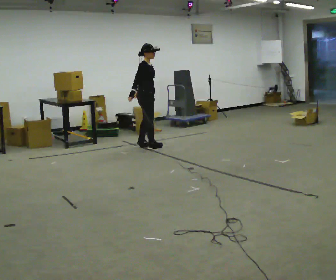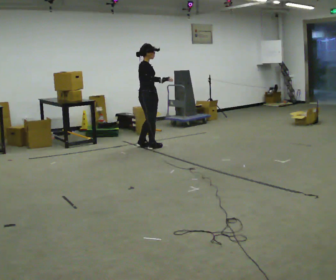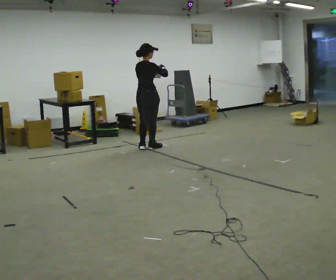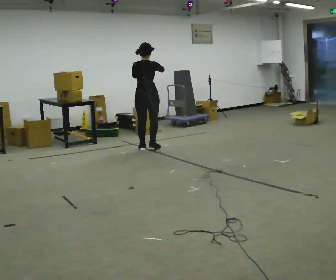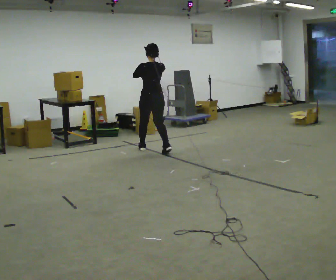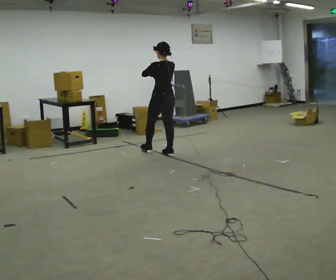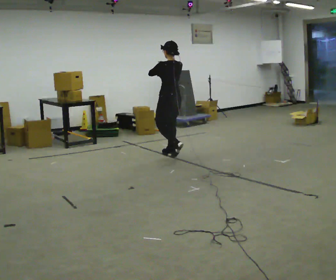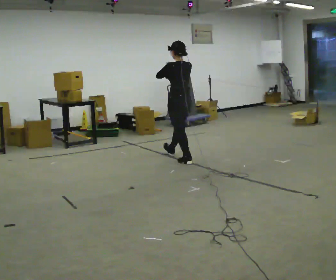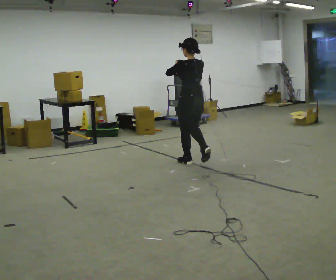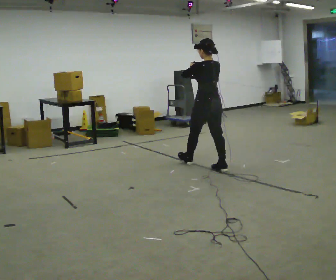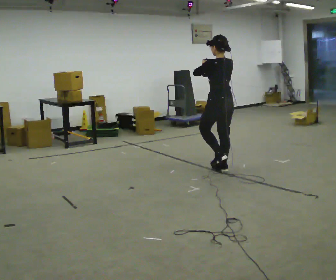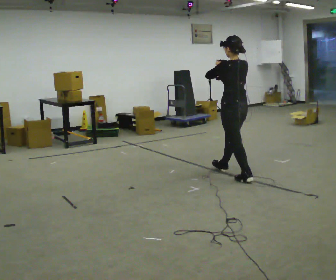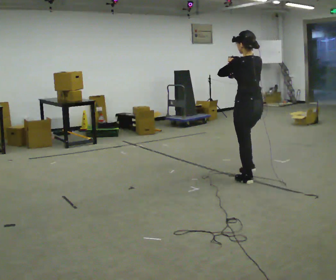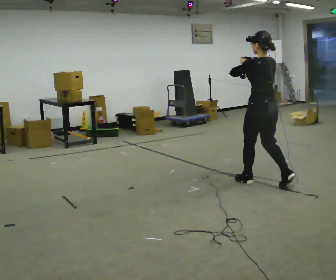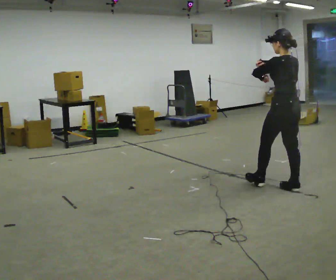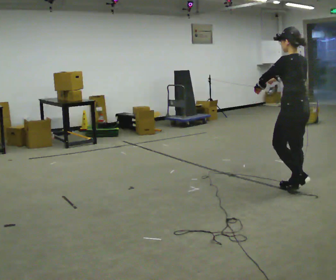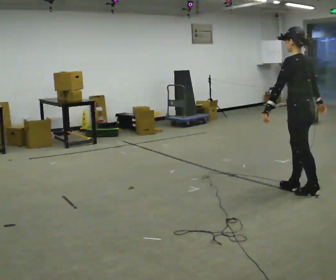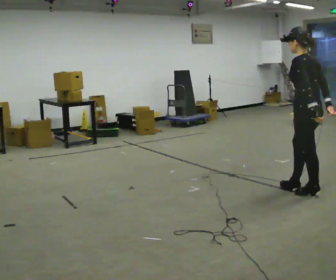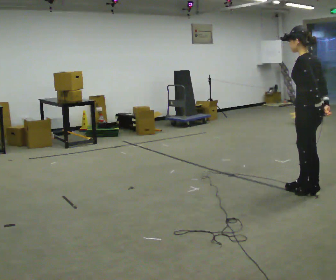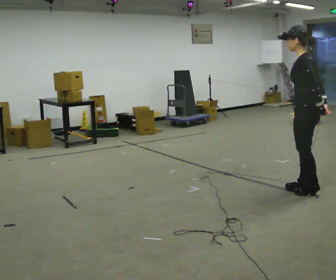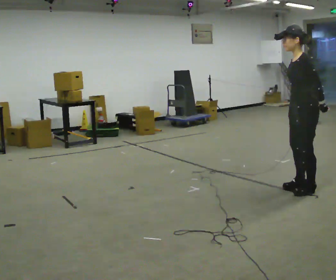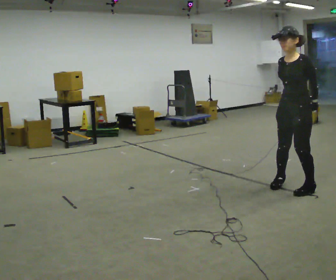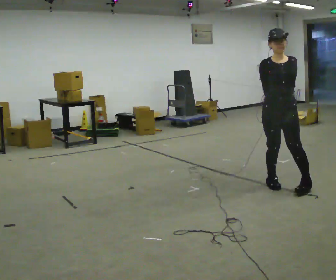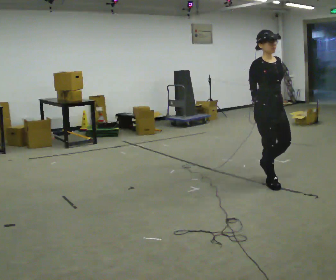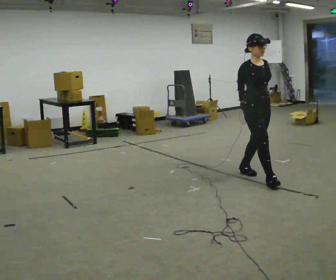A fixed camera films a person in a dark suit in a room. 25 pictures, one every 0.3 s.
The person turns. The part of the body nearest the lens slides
to the right.
The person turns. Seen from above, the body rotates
counterclockwise.
0.0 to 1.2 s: Seen from above the body turns counterclockwise, about 120 degrees: to their left, with its near side sliding to the right. In the picture they go toward the camera and to the right, about 0.25 m in 2 steps. In the picture their right hand goes upward.
1.2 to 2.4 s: In the picture they go to the right and toward the camera, about 1 m in 2 steps, which for them is backward.
2.4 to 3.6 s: In the picture they go toward the camera and to the right, about 1 m in 2 steps, which for them is backward.
3.6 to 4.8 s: In the picture they go to the right and toward the camera, about 0.75 m in 1 step, which for them is backward. In the picture their right hand goes downward.
4.8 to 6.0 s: Seen from above the body turns counterclockwise, about 30 degrees: to their left, with its near side sliding to the right. In the picture their left hand goes to the right, the arm swinging counterclockwise.
6.0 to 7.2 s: The part of the body nearest the lens slides to the right as the person turns to their left by about 135 degrees. In the picture they go away from the camera and to the left, about 0.75 m in 1 step.
The film runs backward here.
